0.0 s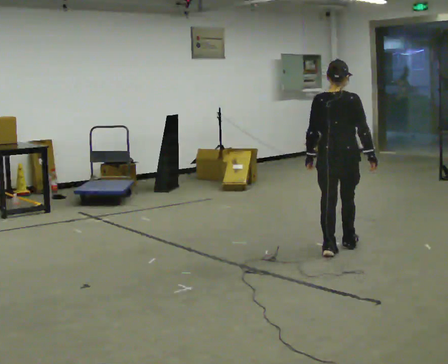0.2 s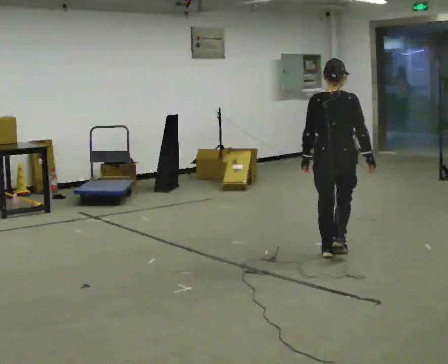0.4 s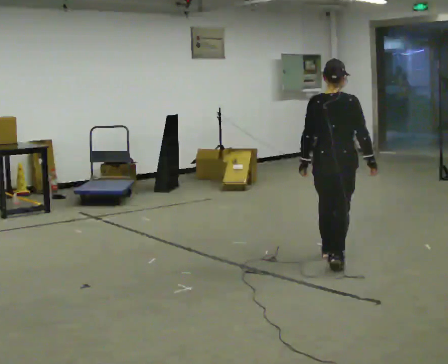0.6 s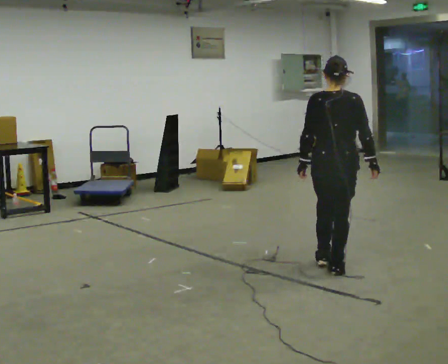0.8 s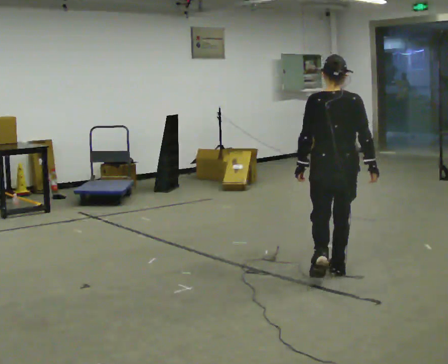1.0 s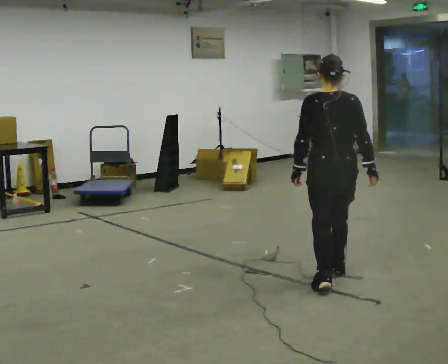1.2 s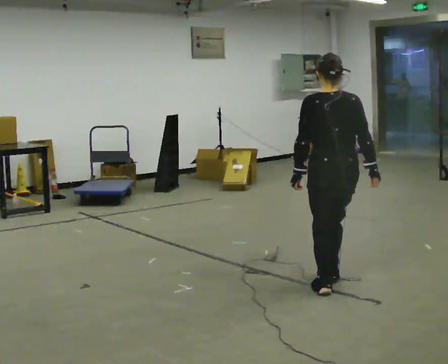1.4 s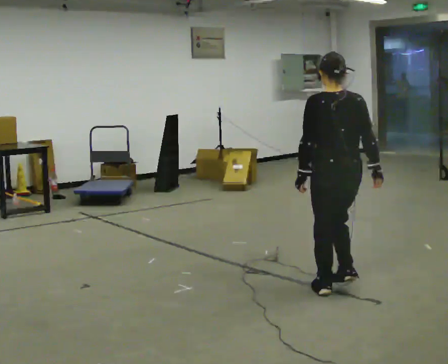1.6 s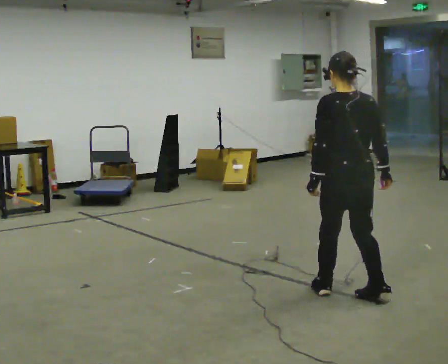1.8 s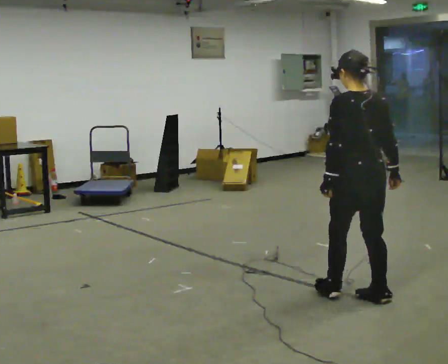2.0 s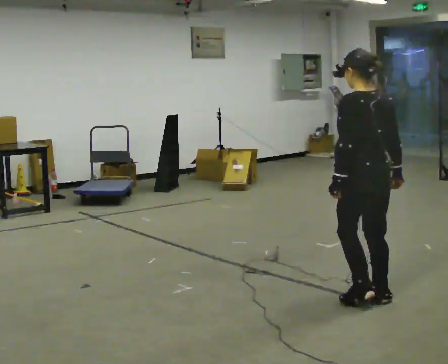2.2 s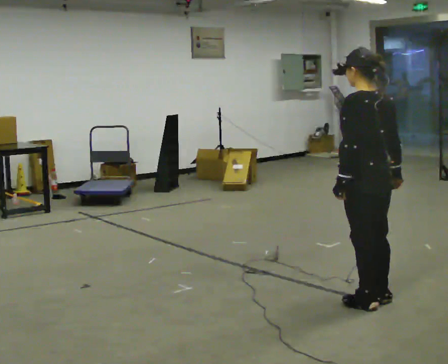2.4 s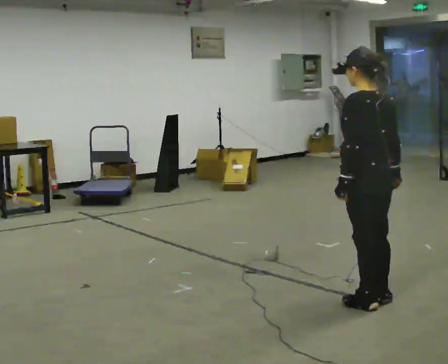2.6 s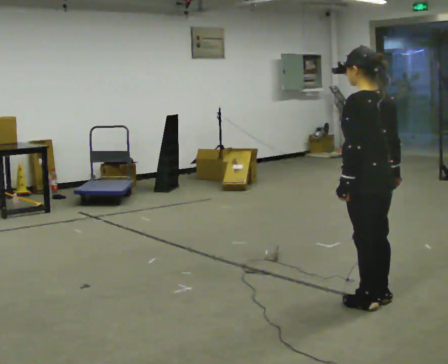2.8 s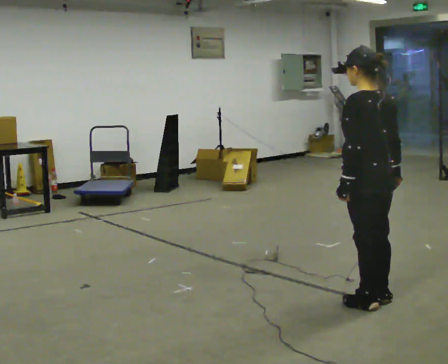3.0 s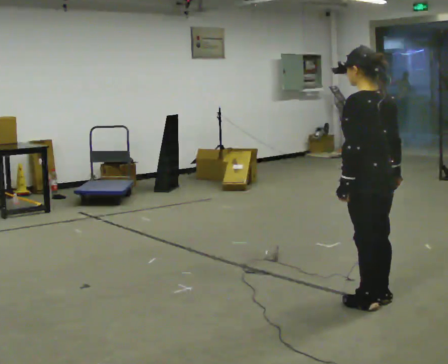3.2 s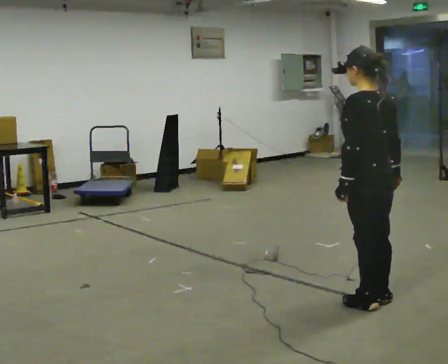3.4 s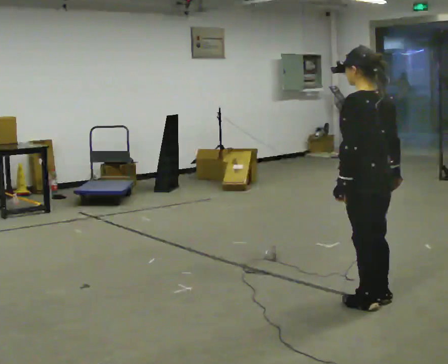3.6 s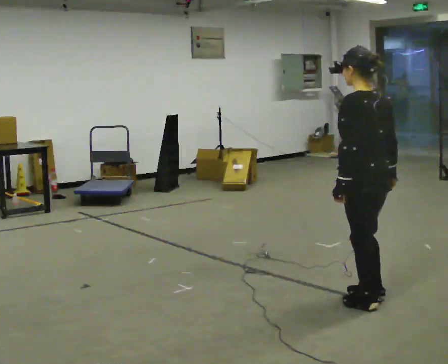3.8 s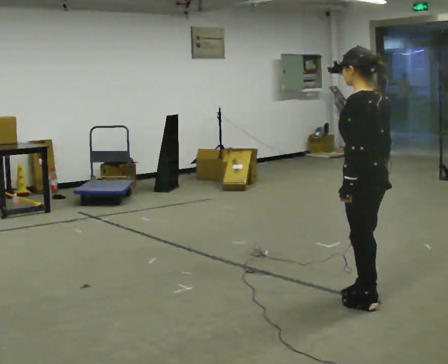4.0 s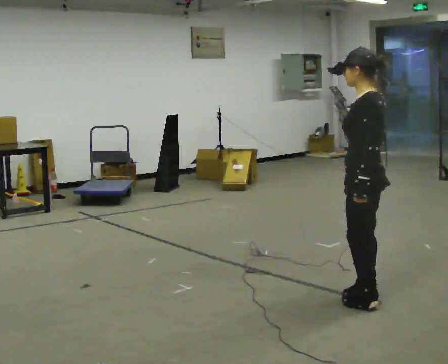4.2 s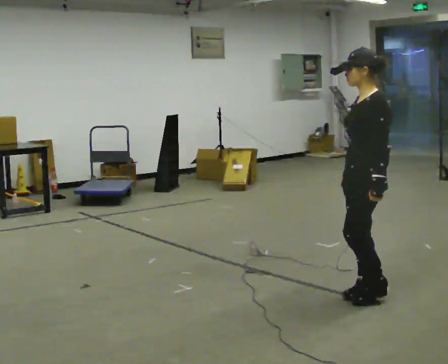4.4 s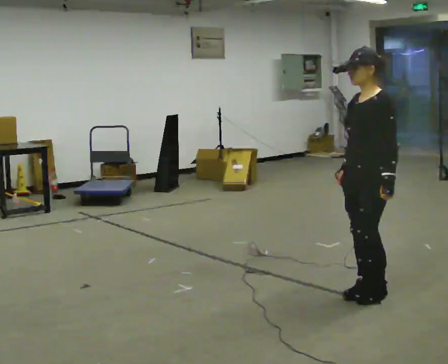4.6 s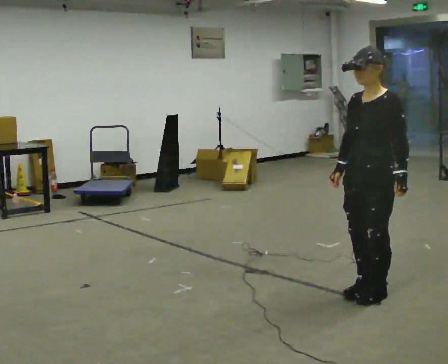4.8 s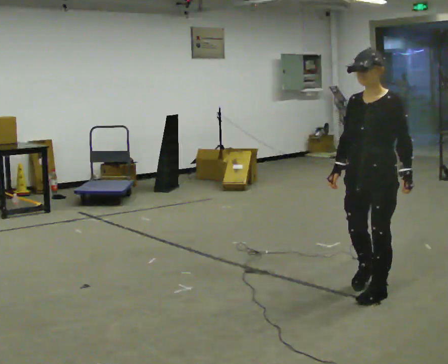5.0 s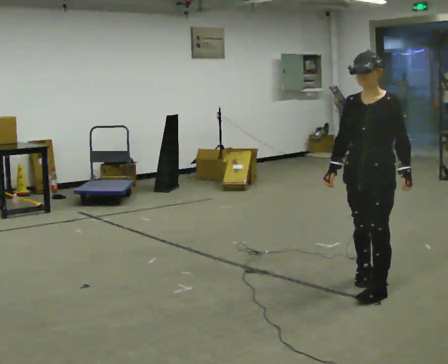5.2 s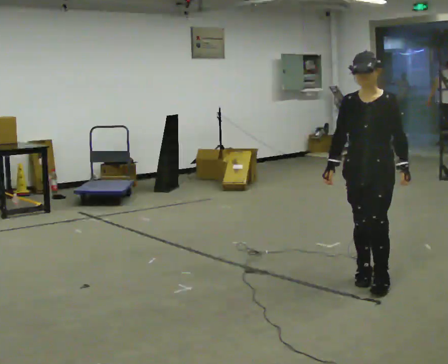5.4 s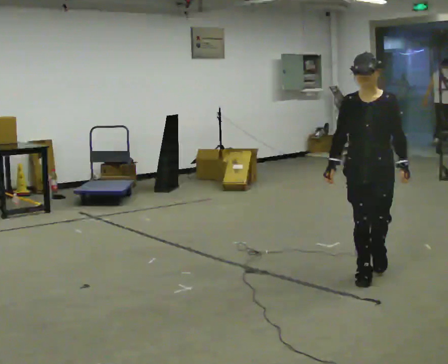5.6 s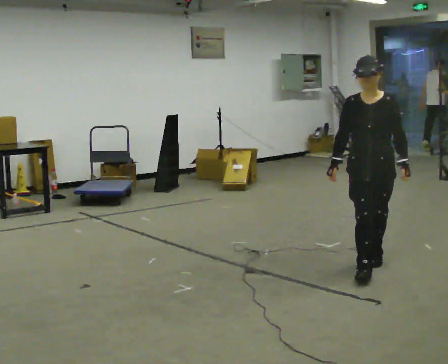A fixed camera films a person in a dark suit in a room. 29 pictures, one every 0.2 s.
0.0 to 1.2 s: In the picture they go toward the camera, about 1 m in 2 steps, which for them is backward.
1.2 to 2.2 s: The person turns about 30 degrees to their left, counterclockwise seen from above, so the part of the body nearest the lens slides to the right. In the picture they go toward the camera and to the right, about 0.25 m in 1 step, which for them is backward.
2.2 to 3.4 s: The person moves a little, or ends about where they began.
3.4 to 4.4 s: The part of the body nearest the lens slides to the right as the person turns to their left by about 75 degrees. In the picture they go away from the camera, about 0.25 m in 2 steps. In the picture their right hand goes to the left.
4.4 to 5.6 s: The person turns about 60 degrees to their left, counterclockwise seen from above, so the part of the body nearest the lens slides to the right. In the picture they go away from the camera, about 0.5 m in 2 steps, which for them is backward.
The film runs backward here.
